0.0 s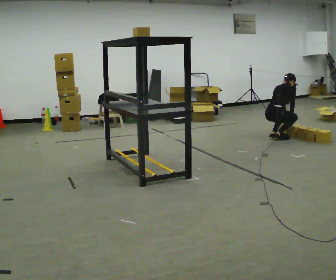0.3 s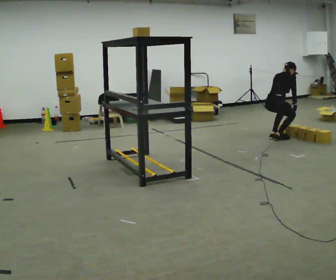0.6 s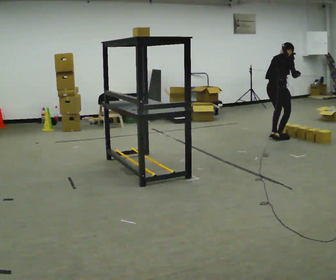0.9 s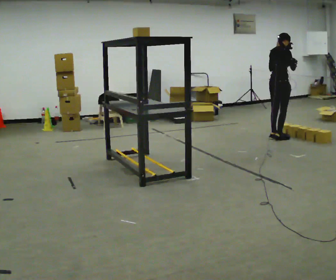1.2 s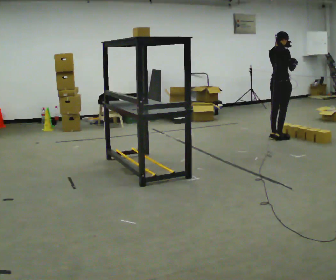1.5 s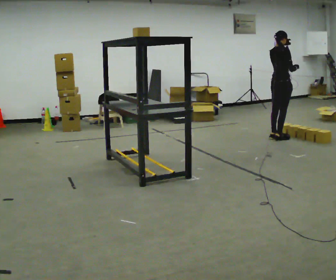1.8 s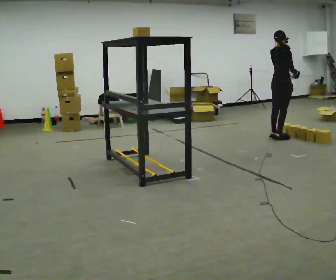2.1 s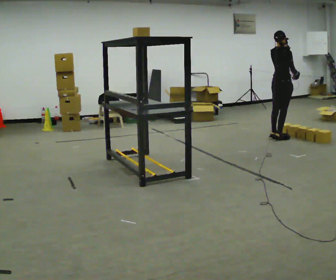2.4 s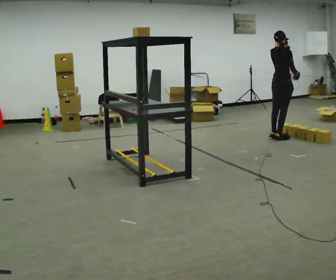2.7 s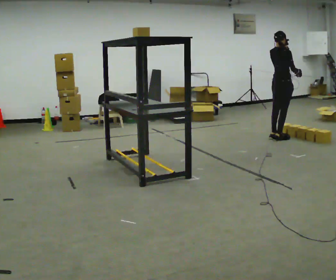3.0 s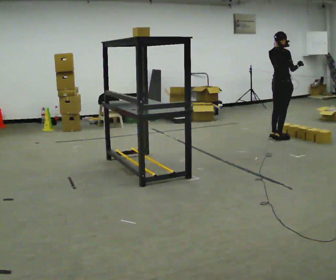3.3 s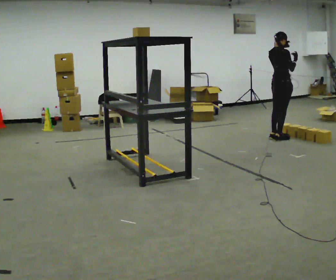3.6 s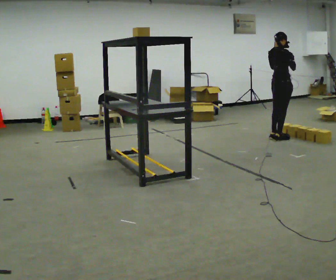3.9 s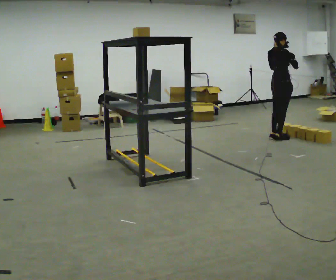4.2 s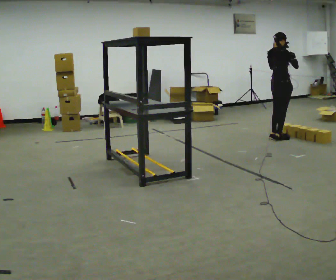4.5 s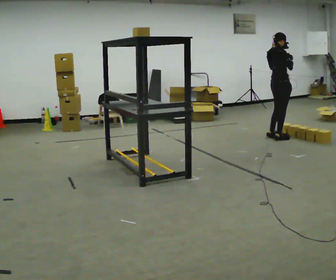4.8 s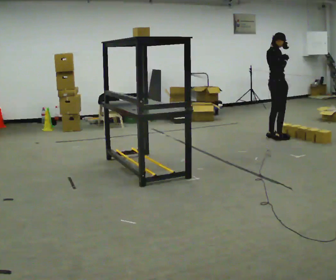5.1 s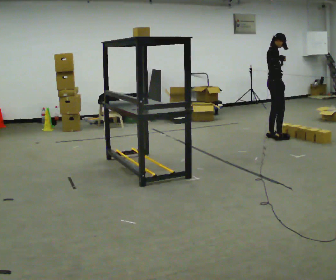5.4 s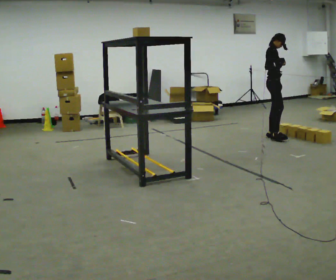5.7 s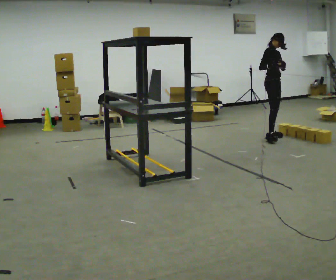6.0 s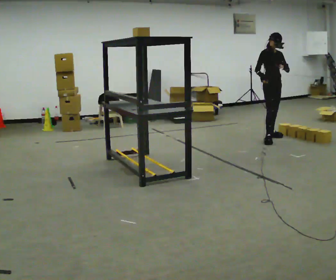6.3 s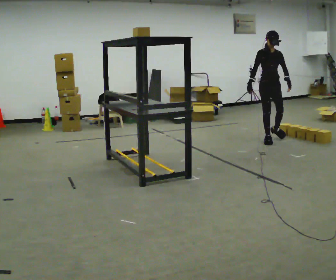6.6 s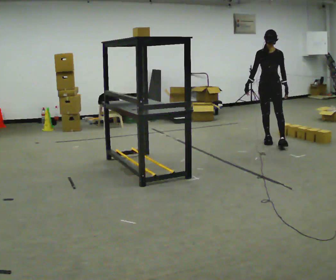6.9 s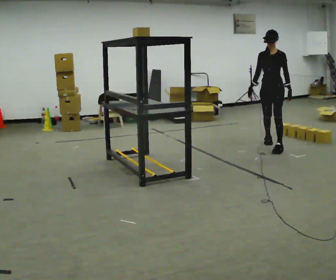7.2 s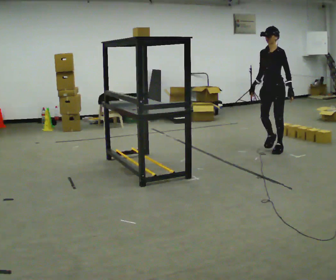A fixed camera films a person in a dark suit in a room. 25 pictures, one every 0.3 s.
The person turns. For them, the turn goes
to their right.
The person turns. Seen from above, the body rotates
clockwise.
0.0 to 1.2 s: The upper body goes upward. The upper body tips toward the camera, its near side rolling downward, as they lean back or straighten. In the picture their left hand goes upward.
1.2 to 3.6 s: The person moves a little, or ends about where they began.
3.6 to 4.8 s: The person turns about 30 degrees to their right, clockwise seen from above, so the part of the body nearest the lens slides to the left.
4.8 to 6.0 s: The person turns about 75 degrees to their right, clockwise seen from above, so the part of the body nearest the lens slides to the left. In the picture their right hand goes to the left.
6.0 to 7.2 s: The part of the body nearest the lens slides to the left as the person turns to their right by about 75 degrees. In the picture they go toward the camera, about 0.5 m in 1 step.
The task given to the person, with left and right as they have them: Take an object from the highest shelf you can comfortably reach, carry it across, and place it on the lowest shelf. Keep going until the operator says stop; one object at a time, and do not rush between trips.
The film runs forward here.
